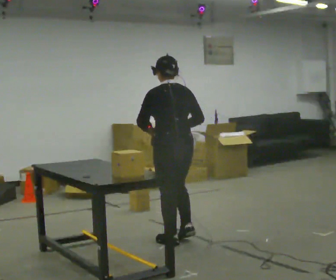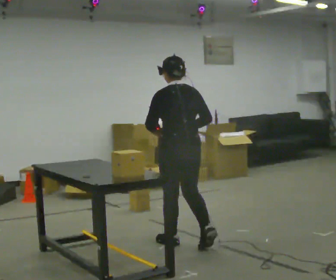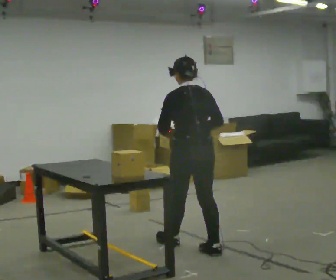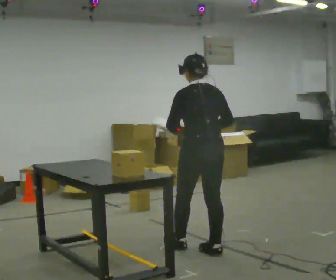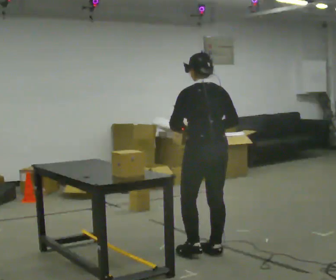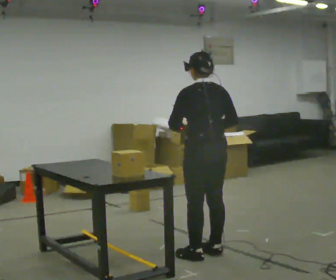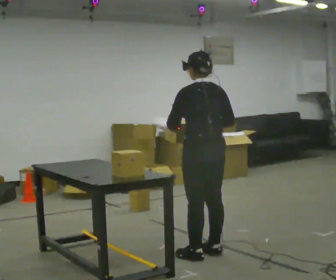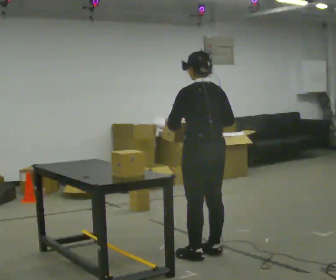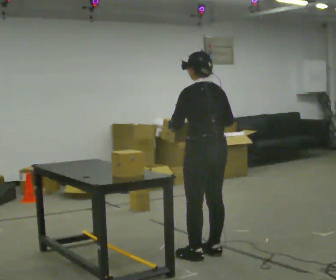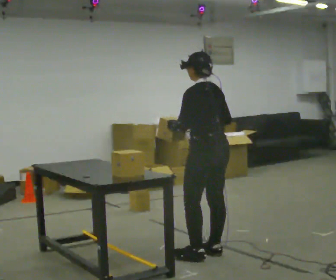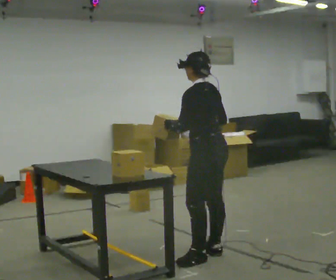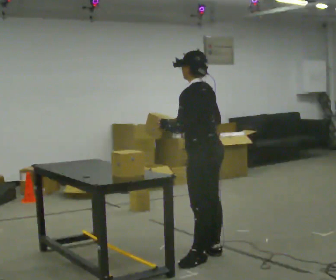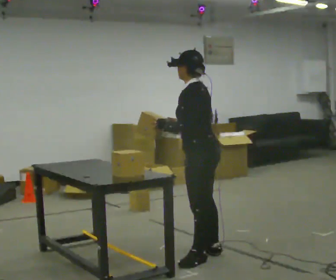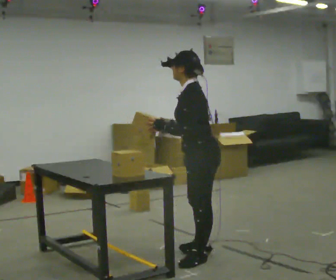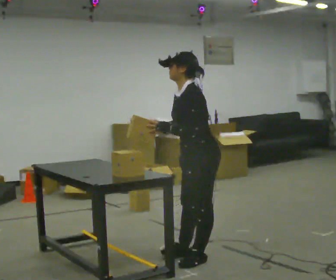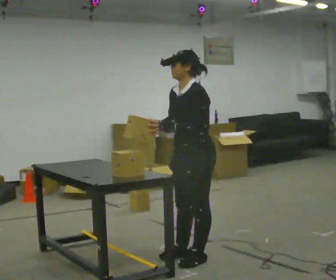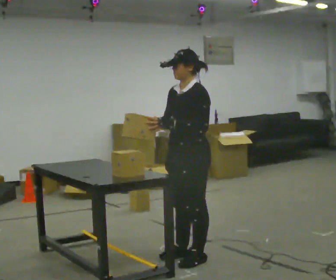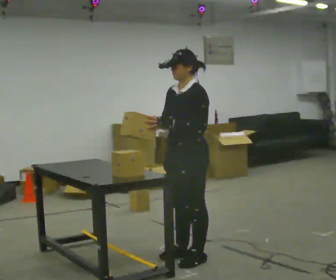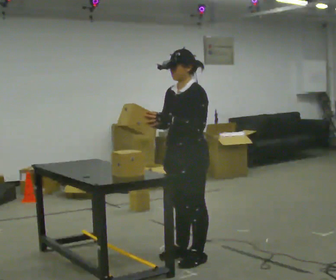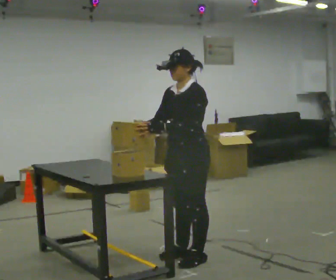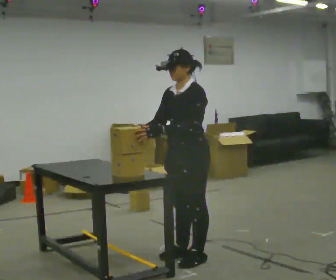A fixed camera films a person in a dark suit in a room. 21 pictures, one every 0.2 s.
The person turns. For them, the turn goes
to their left.
The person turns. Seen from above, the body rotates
counterclockwise.
0.0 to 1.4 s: In the picture they go toward the camera and to the right, about 0.5 m in 1 step, which for them is backward.
1.4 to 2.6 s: Seen from above the body turns counterclockwise, about 60 degrees: to their left, with its near side sliding to the right.
2.6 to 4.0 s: The part of the body nearest the lens slides to the right as the person turns to their left by about 45 degrees.
The film runs backward here.
